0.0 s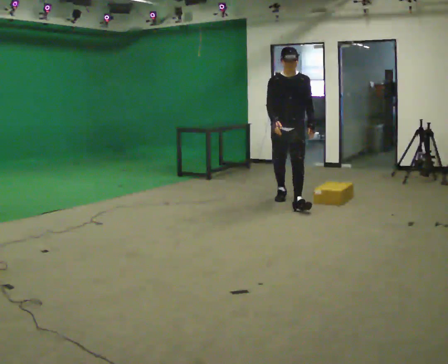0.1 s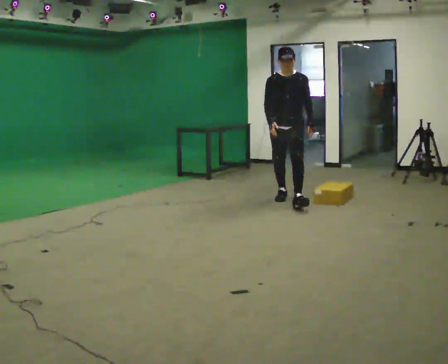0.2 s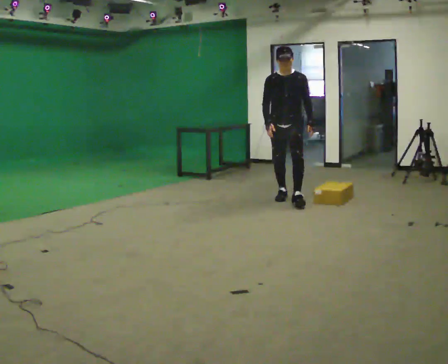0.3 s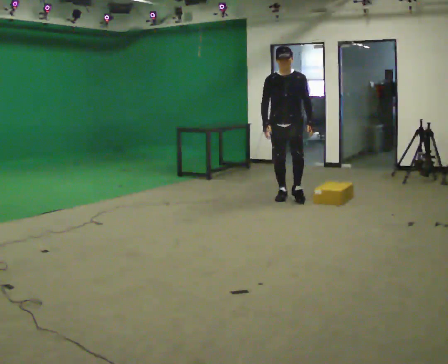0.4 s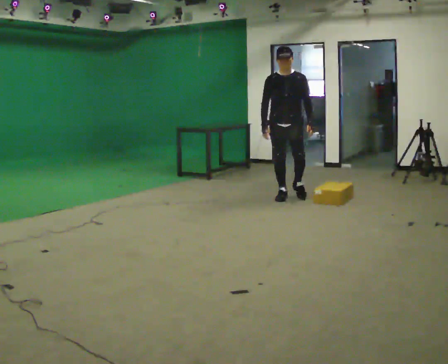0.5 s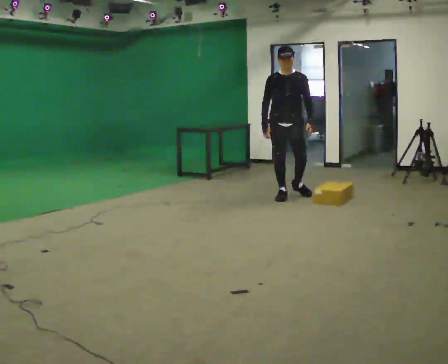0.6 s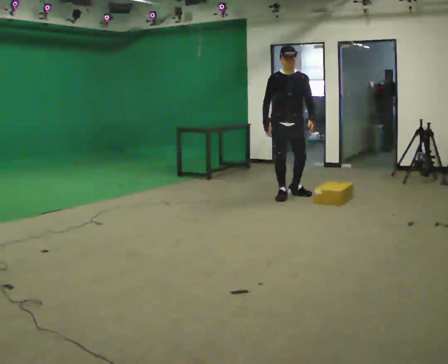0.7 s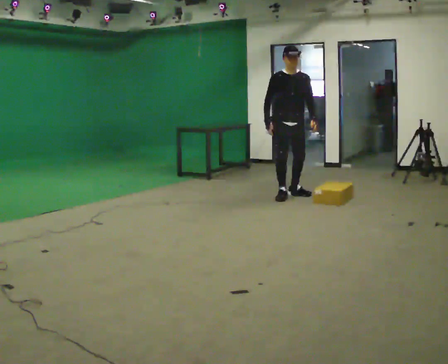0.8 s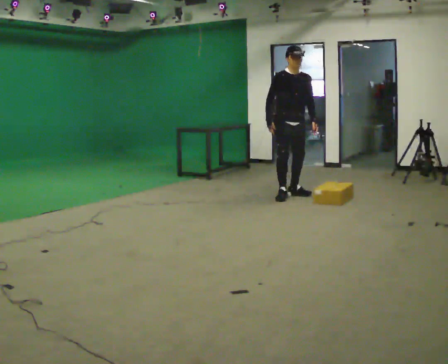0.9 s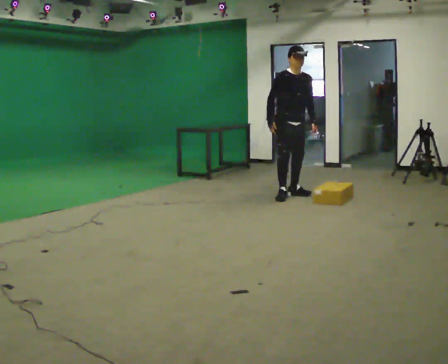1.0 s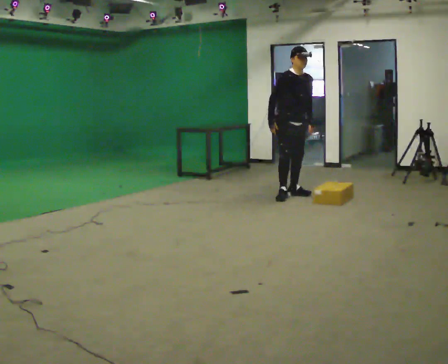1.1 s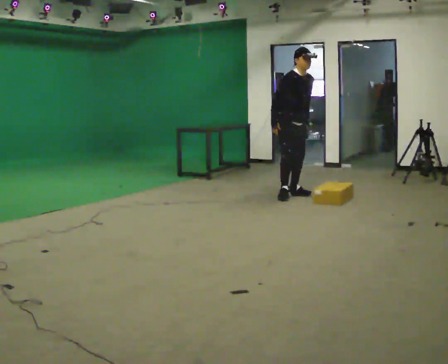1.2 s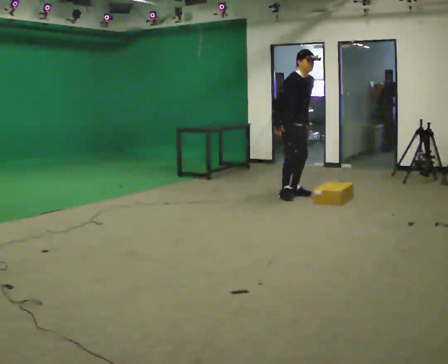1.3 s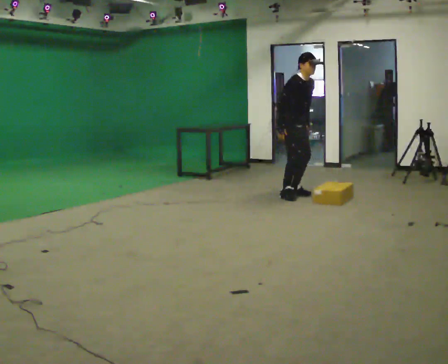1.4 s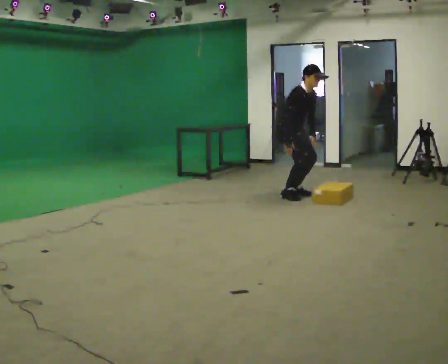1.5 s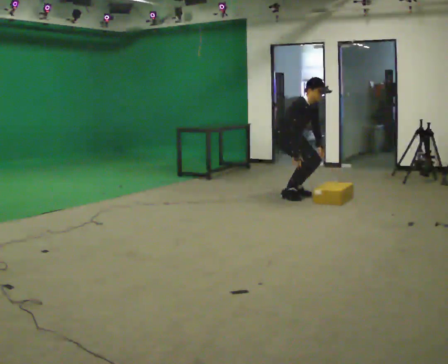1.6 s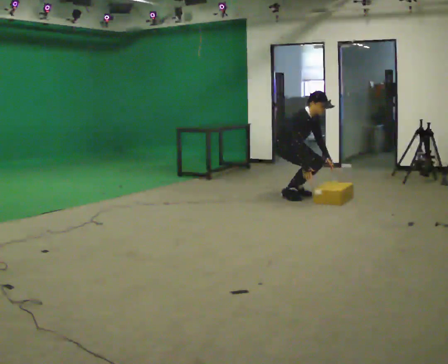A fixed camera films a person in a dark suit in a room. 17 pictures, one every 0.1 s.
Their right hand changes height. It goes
downward.
The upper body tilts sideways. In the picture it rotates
clockwise.
0.0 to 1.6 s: Seen from above the body turns counterclockwise, about 60 degrees: to their left, with its near side sliding to the right. In the picture they go away from the camera, about 0.5 m in 1 step. The upper body goes downward. In the picture the upper body tilts clockwise, shoulders to the right, as they bend forward. In the picture their left hand goes downward.
The film runs backward here.
